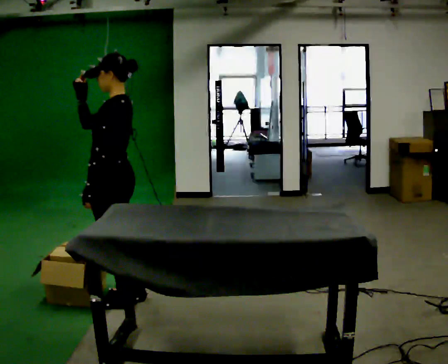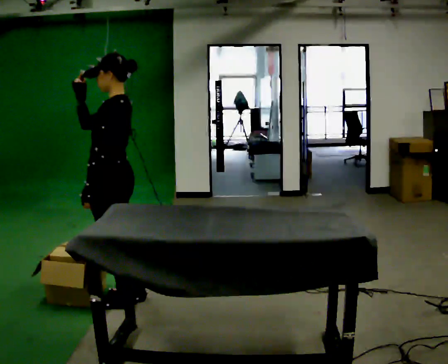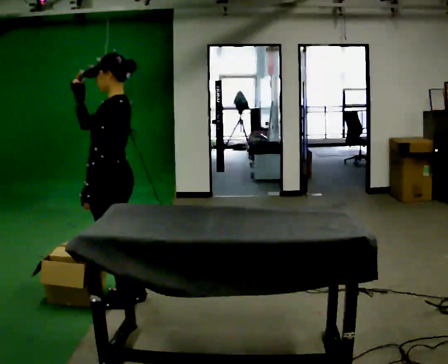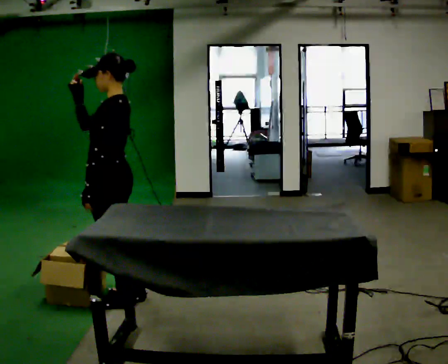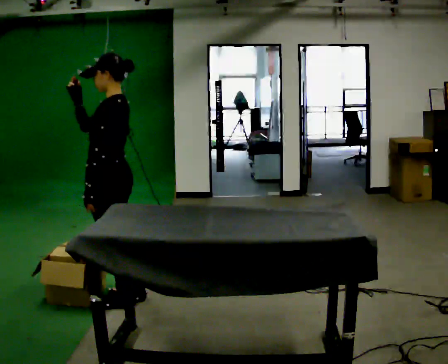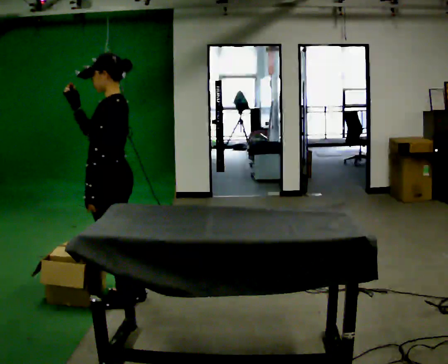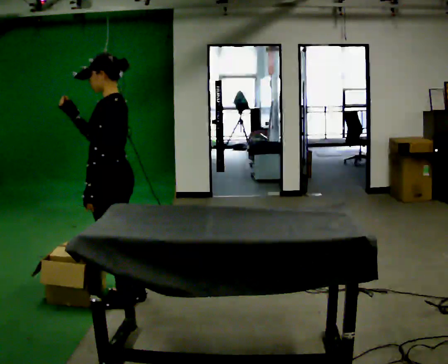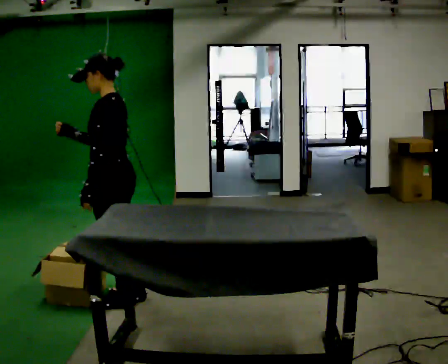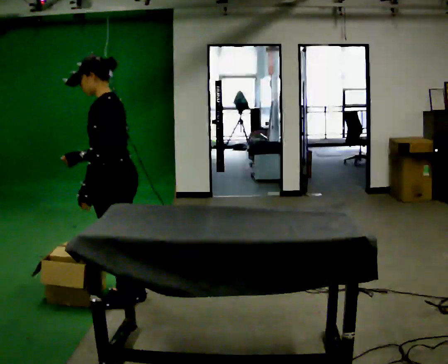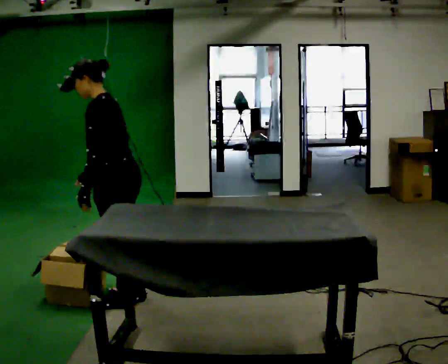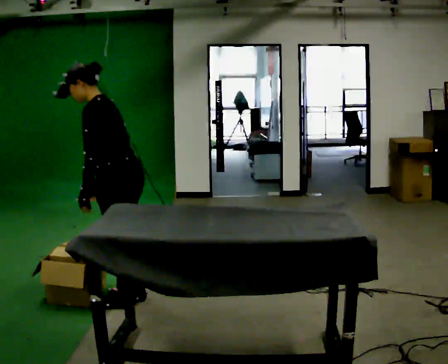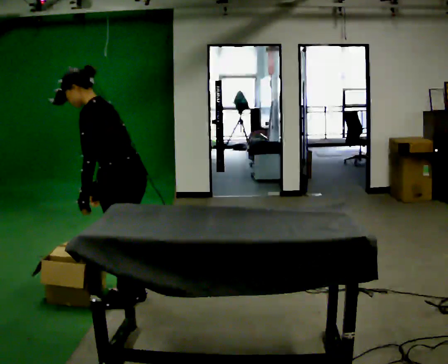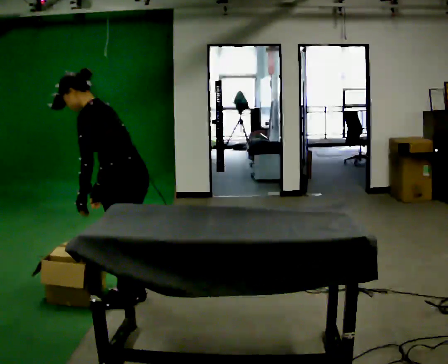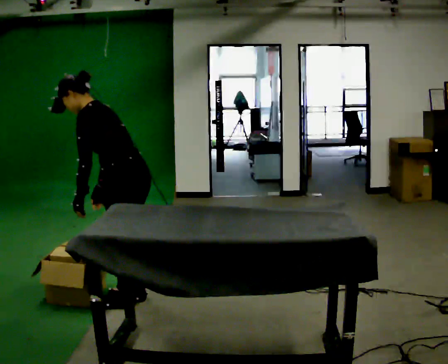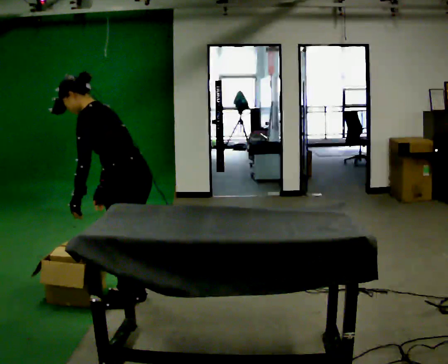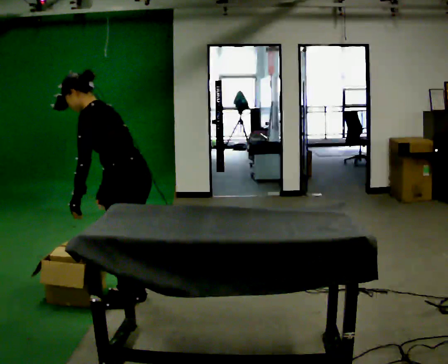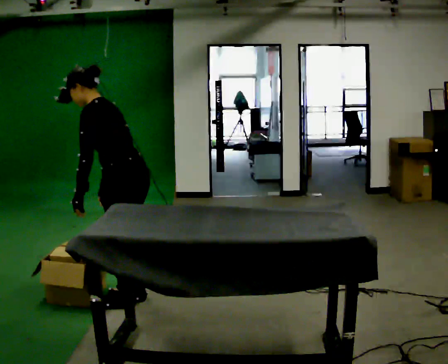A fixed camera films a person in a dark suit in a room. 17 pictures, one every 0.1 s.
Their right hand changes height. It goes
downward.
0.0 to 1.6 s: In the picture the upper body tilts counterclockwise, shoulders to the left, as they bend forward. In the picture their right hand goes downward.
The film runs backward here.
